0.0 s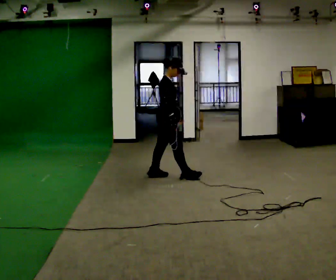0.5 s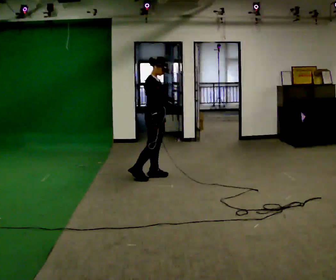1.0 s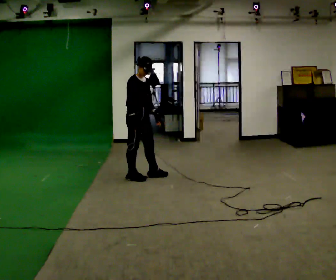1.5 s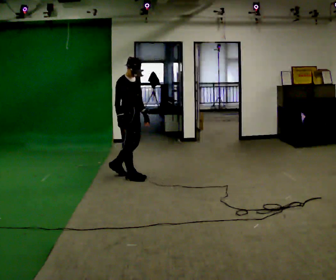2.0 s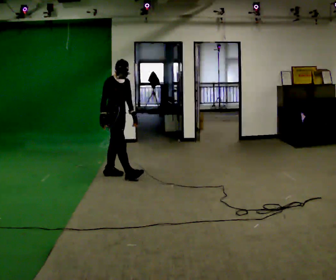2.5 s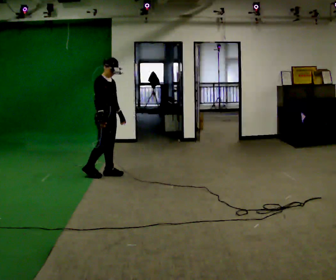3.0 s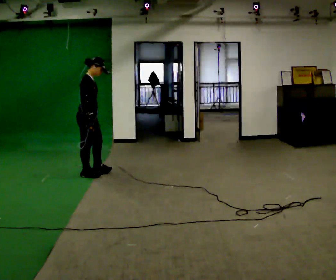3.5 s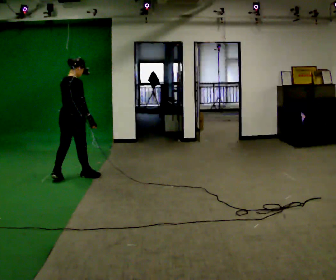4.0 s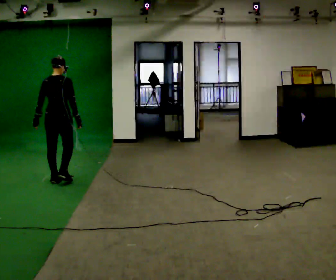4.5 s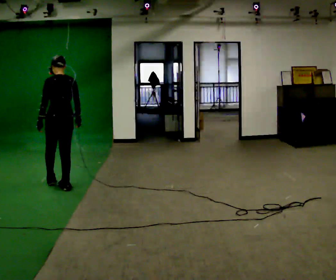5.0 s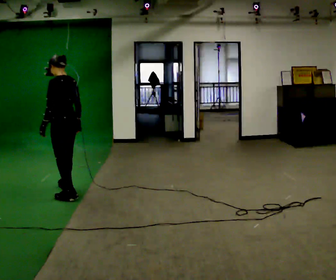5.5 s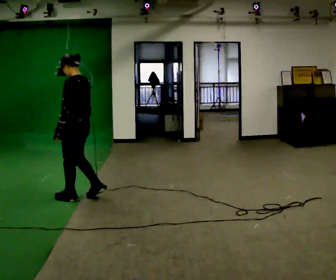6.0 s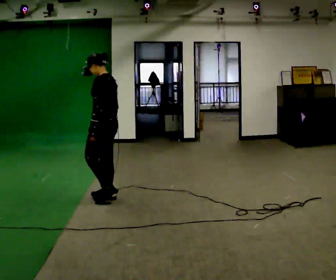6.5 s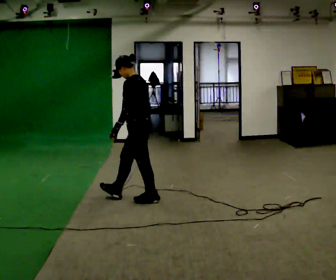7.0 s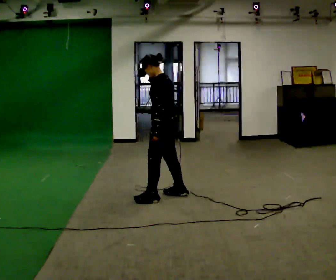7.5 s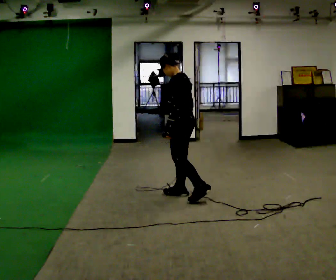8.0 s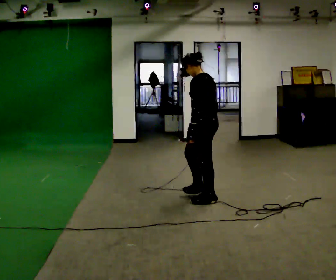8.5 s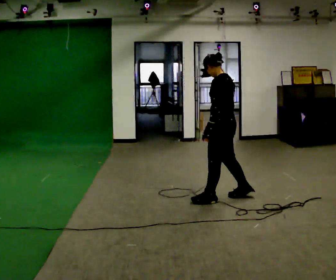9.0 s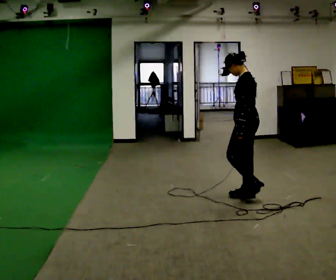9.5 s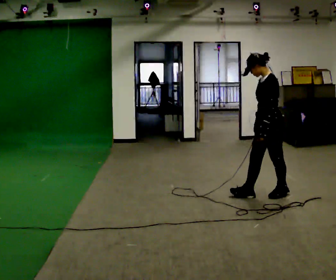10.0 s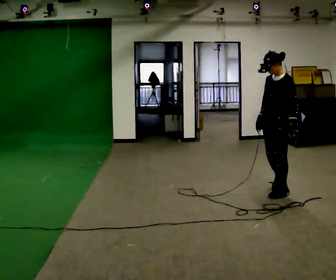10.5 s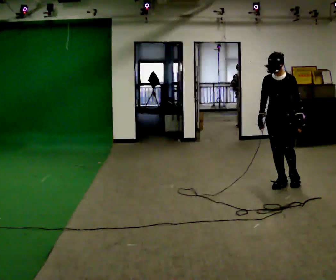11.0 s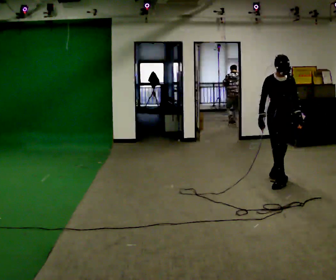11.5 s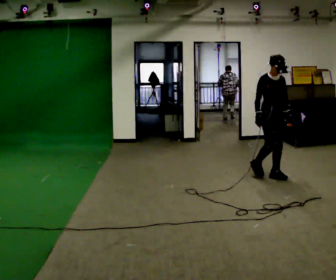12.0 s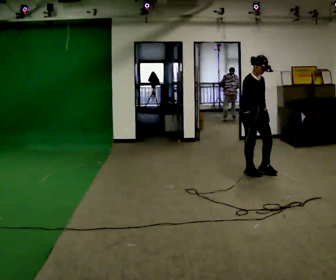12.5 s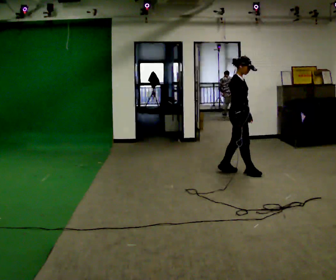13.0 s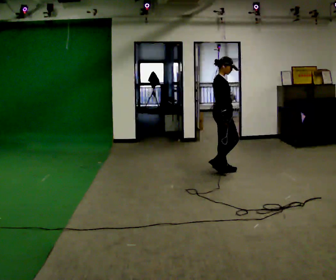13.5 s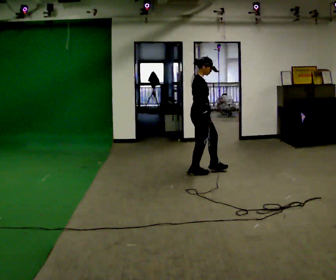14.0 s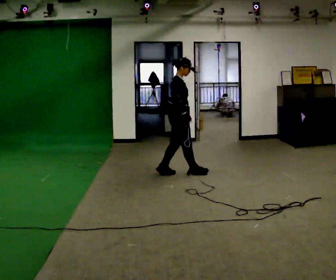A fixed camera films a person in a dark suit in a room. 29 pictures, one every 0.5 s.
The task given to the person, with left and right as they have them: Walk backward several steps, then turn while still moving backward, then continue backward. Operator confirms the space behind you is clear.
0.0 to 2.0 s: The part of the body nearest the lens slides to the left as the person turns to their right by about 30 degrees. In the picture they go to the left, about 0.75 m in 2 steps, which for them is backward and to their right.
2.0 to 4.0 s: Seen from above the body turns counterclockwise, about 120 degrees: to their left, with its near side sliding to the right. In the picture they go to the left and toward the camera, about 1 m in 2 steps.
4.0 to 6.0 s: The person turns about 75 degrees to their left, counterclockwise seen from above, so the part of the body nearest the lens slides to the right. In the picture they go to the right and toward the camera, about 1 m in 3 steps.
6.0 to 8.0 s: In the picture they go to the right, about 1 m in 3 steps, which for them is backward.
8.0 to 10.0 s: The person turns about 60 degrees to their left, counterclockwise seen from above, so the part of the body nearest the lens slides to the right. In the picture they go to the right, about 1 m in 2 steps, which for them is backward and to their right.
10.0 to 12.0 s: Seen from above the body turns counterclockwise, about 105 degrees: to their left, with its near side sliding to the right. In the picture they go away from the camera, about 1 m in 3 steps.
12.0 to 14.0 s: Seen from above the body turns counterclockwise, about 60 degrees: to their left, with its near side sliding to the right. In the picture they go to the left, about 1 m in 3 steps, which for them is backward.
The film runs forward here.
